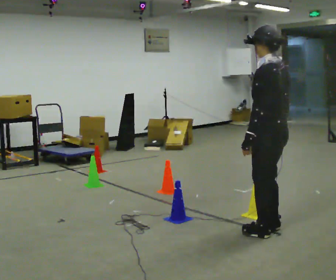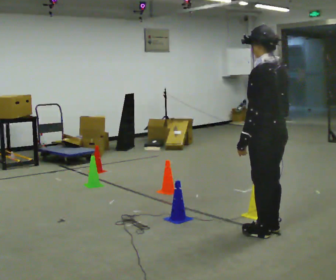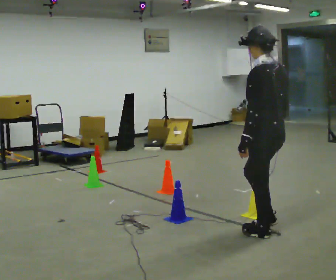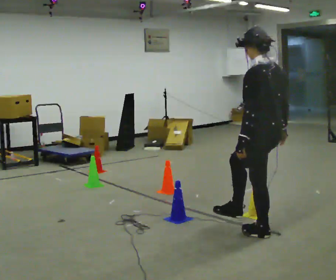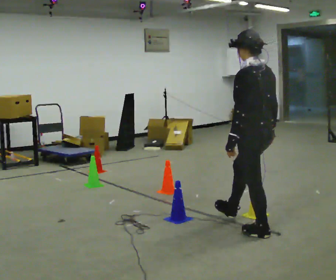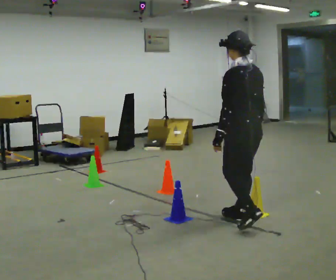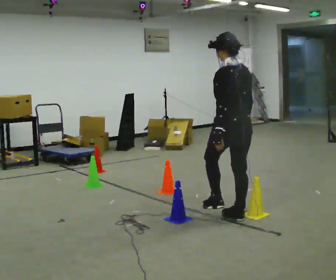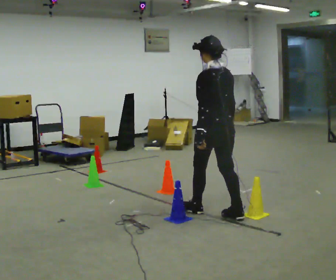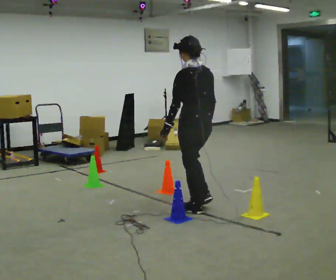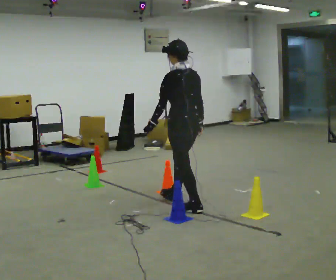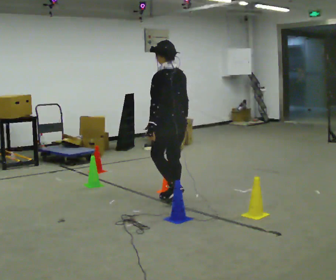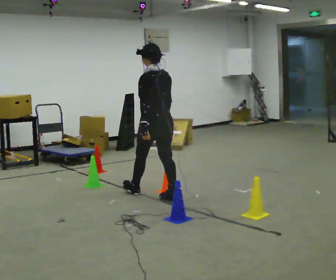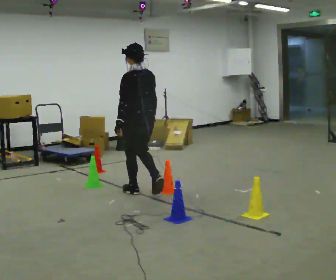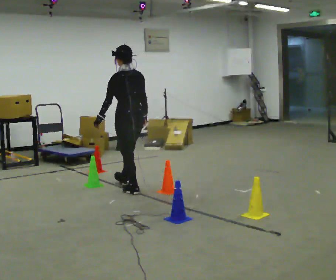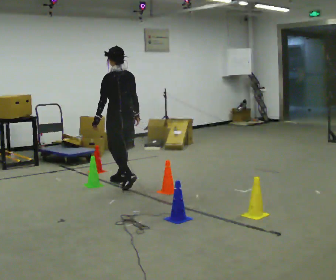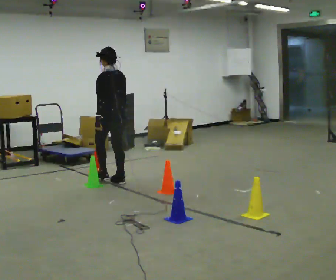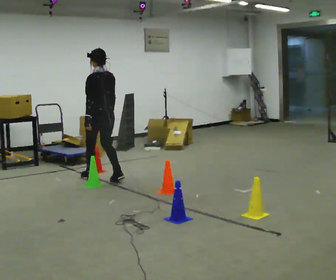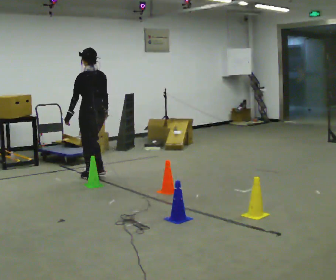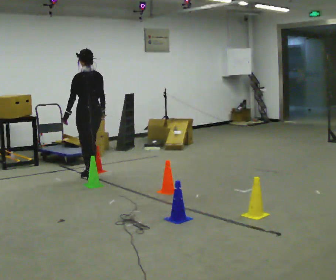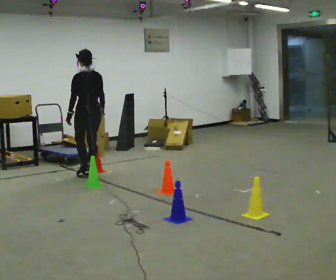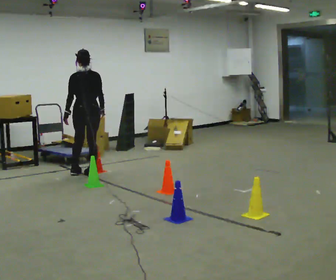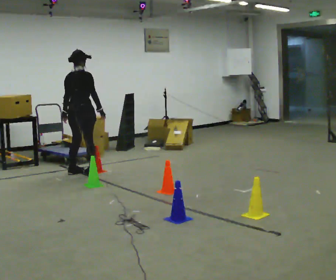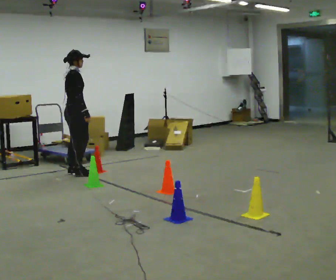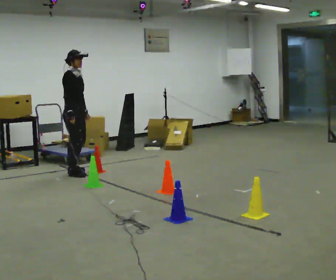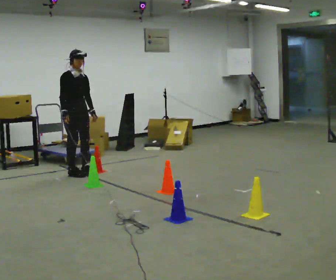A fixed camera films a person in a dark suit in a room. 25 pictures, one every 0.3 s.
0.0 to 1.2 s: The person moves a little, or ends about where they began.
1.2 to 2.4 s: In the picture they go away from the camera and to the left, about 0.5 m in 2 steps, which for them is forward.
2.4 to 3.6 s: In the picture they go away from the camera and to the left, about 1 m in 2 steps, which for them is forward.
3.6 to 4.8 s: In the picture they go away from the camera and to the left, about 1 m in 2 steps, which for them is forward.
4.8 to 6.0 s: Seen from above the body turns clockwise, about 30 degrees: to their right, with its near side sliding to the left. In the picture they go away from the camera and to the left, about 0.25 m in 1 step, which for them is forward.
6.0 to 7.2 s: Seen from above the body turns clockwise, about 150 degrees: to their right, with its near side sliding to the left. In the picture they go to the left, about 0.25 m in 2 steps. In the picture their right hand goes to the left.
The film runs forward here.
